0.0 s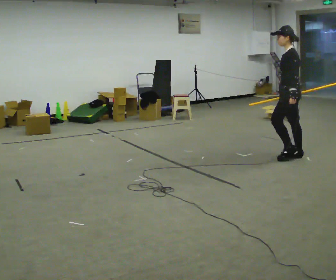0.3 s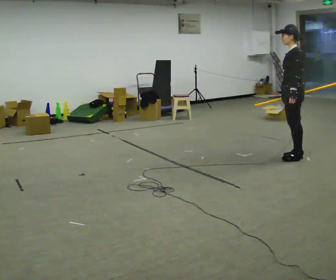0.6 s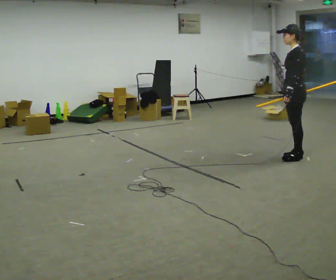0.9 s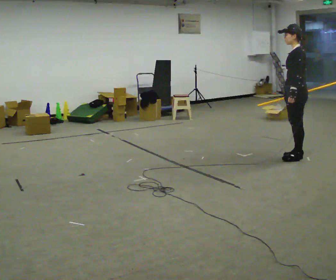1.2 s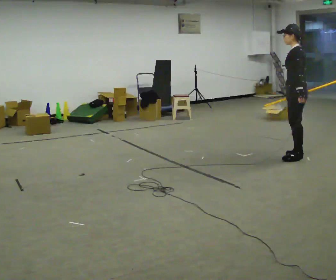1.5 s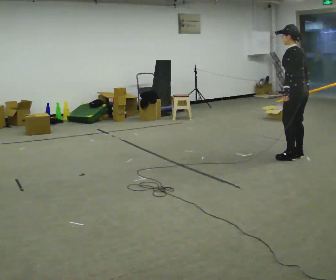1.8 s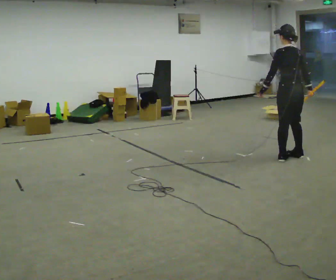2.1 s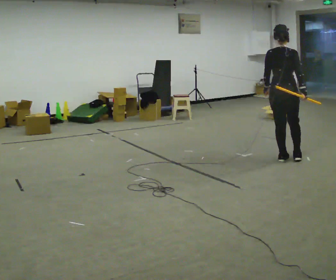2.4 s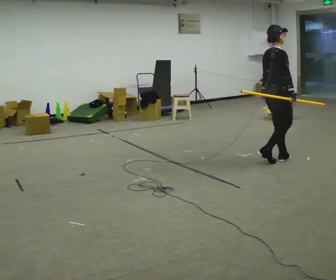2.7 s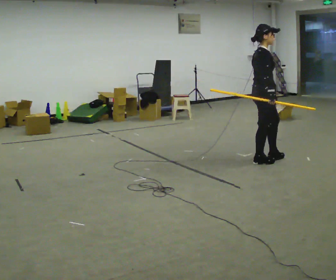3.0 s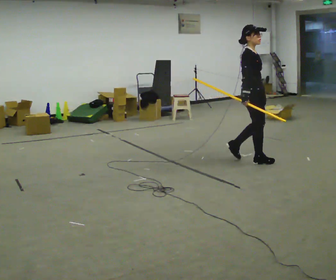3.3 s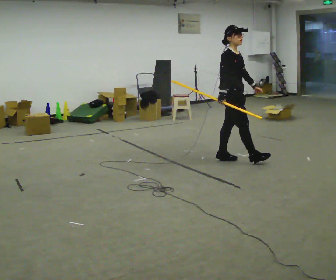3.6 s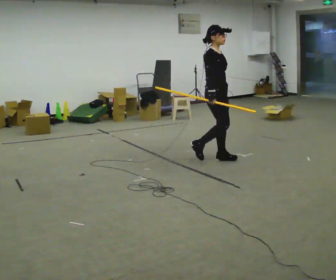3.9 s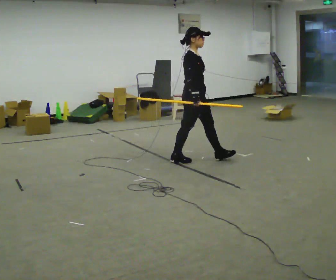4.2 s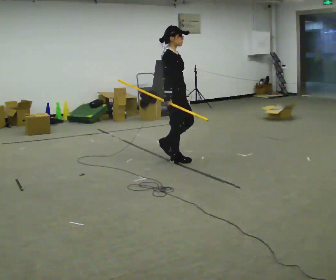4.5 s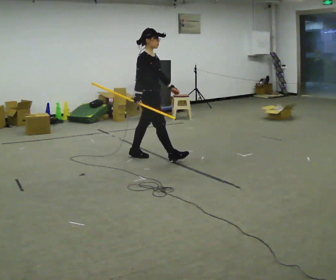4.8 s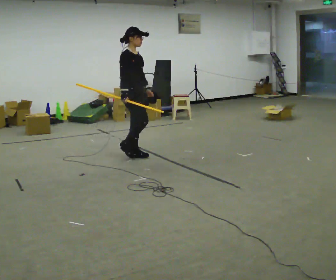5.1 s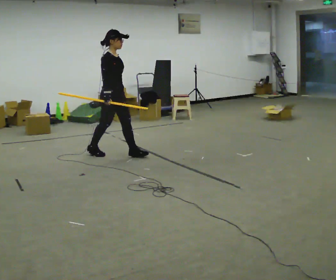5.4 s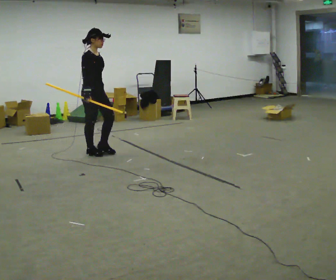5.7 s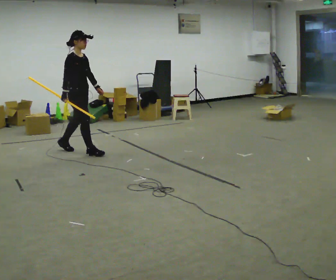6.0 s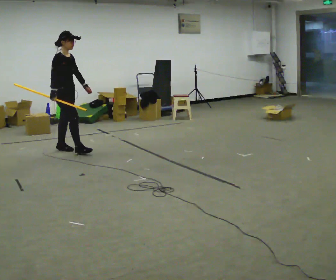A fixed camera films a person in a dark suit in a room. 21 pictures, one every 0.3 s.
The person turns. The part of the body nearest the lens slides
to the left.
The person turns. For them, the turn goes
to their right.
0.0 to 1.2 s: The person moves a little, or ends about where they began.
1.2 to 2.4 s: The part of the body nearest the lens slides to the left as the person turns to their right by about 135 degrees. In the picture they go to the left, about 0.25 m in 2 steps.
2.4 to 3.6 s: Seen from above the body turns clockwise, about 45 degrees: to their right, with its near side sliding to the left. In the picture they go to the left, about 0.5 m in 2 steps, which for them is backward.
3.6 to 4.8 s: In the picture they go to the left, about 1 m in 2 steps, which for them is backward.
4.8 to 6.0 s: In the picture they go to the left, about 1 m in 2 steps, which for them is backward.
The film runs backward here.
